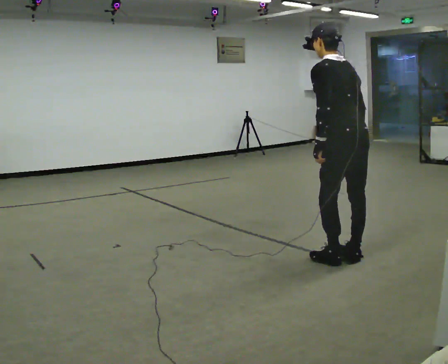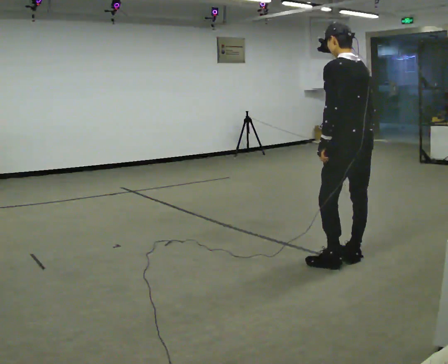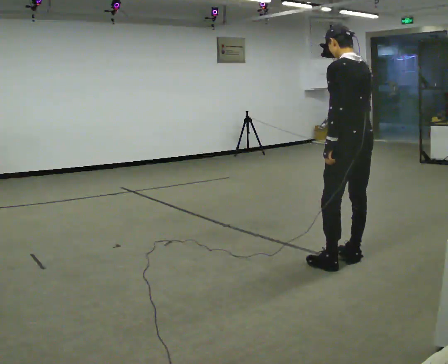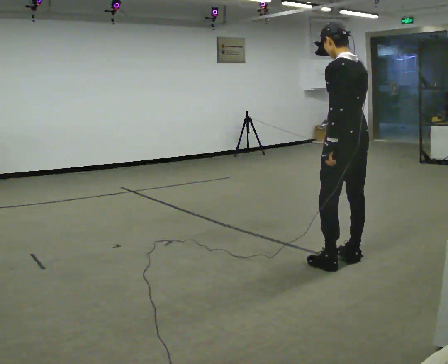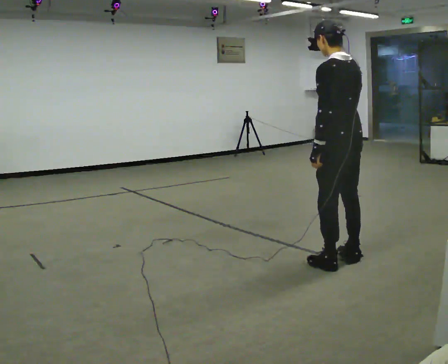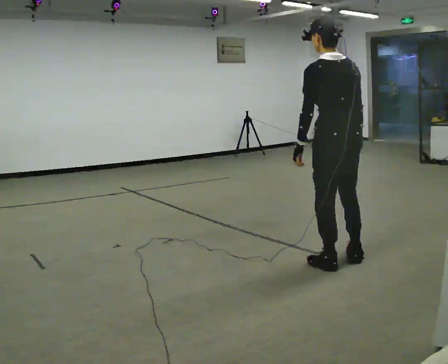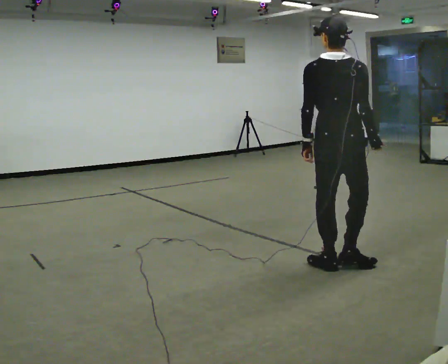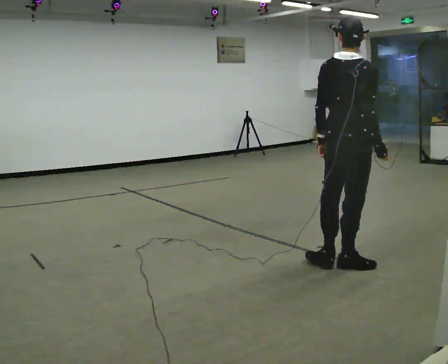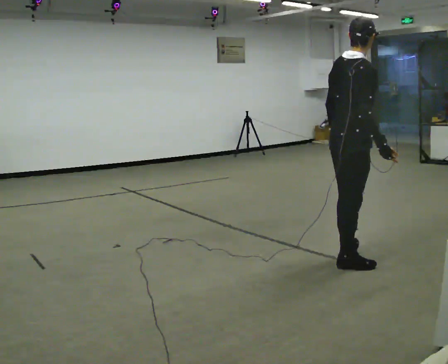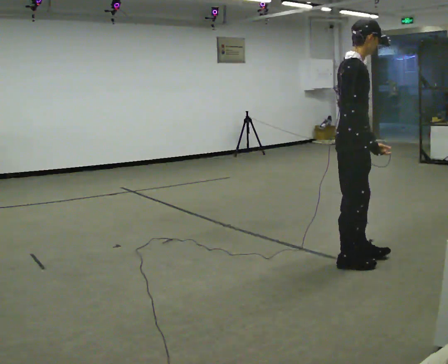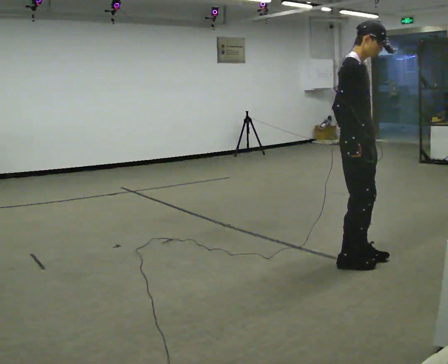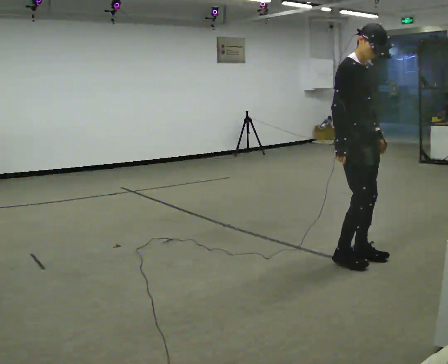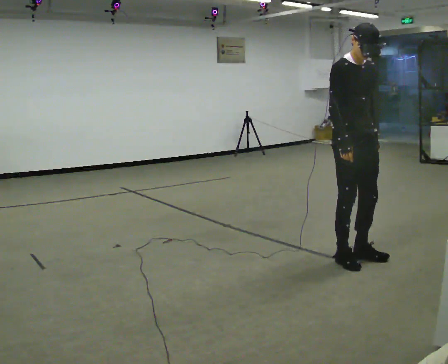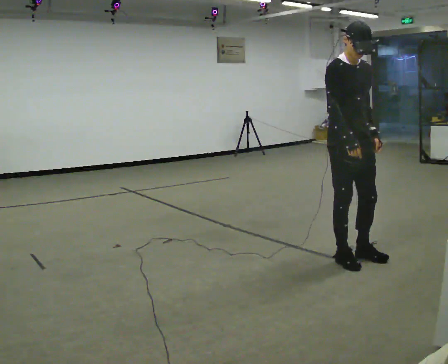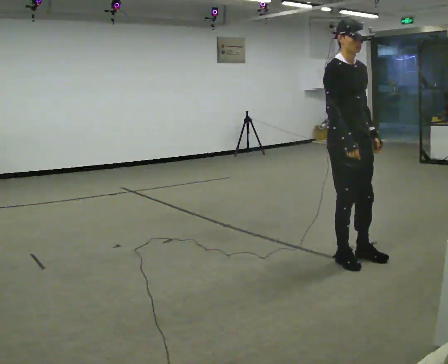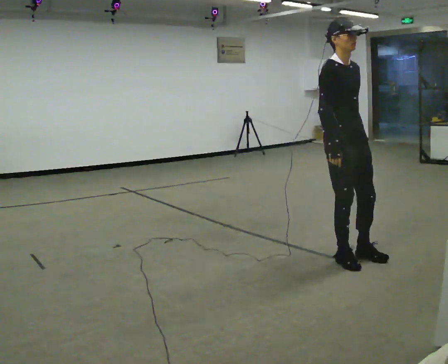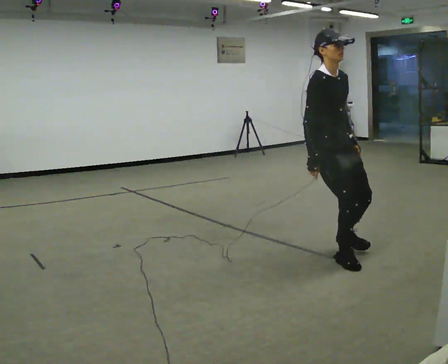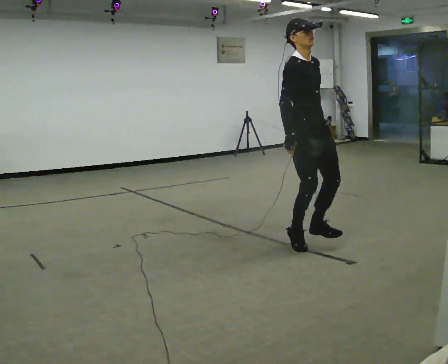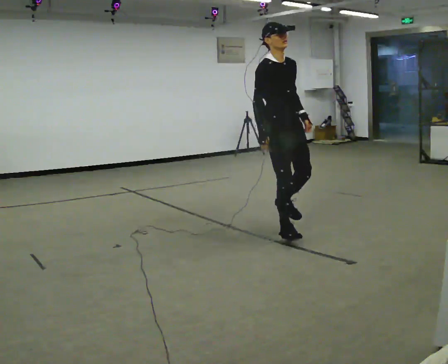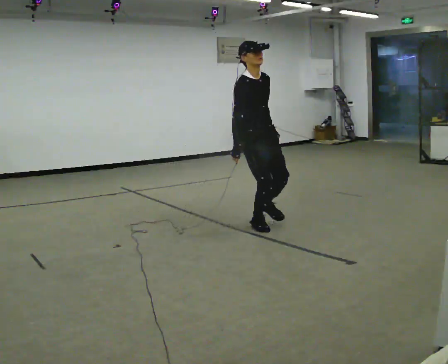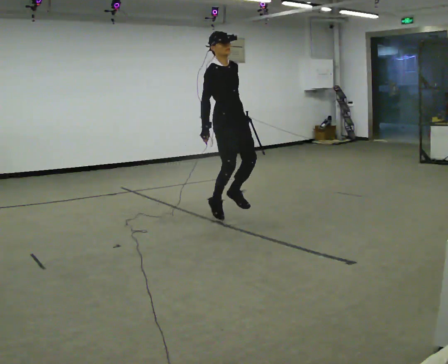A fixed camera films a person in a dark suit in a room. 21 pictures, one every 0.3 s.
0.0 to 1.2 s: The person moves a little, or ends about where they began.
1.2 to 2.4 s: The part of the body nearest the lens slides to the left as the person turns to their right by about 105 degrees. In the picture the upper body tilts clockwise, shoulders to the right. In the picture their right hand goes to the right.
2.4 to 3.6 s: Seen from above the body turns clockwise, about 75 degrees: to their right, with its near side sliding to the left. In the picture they go away from the camera, about 0.25 m.
3.6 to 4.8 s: In the picture they go to the left, about 0.25 m in 1 step, which for them is backward.
4.8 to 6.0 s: In the picture they go away from the camera and to the left, about 1.5 m in 2 steps, which for them is backward.
The film runs backward here.
